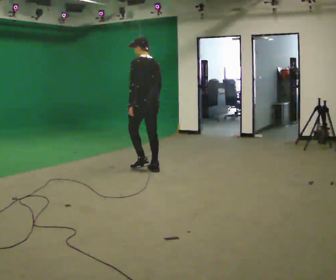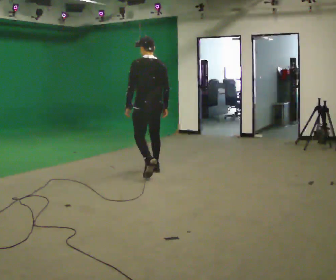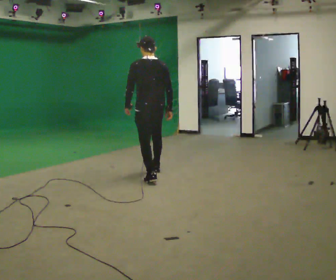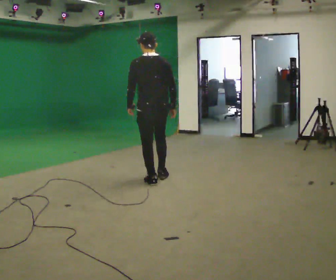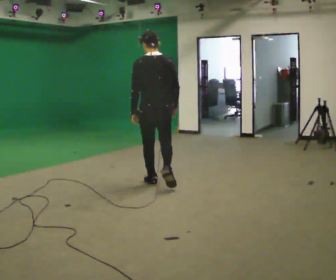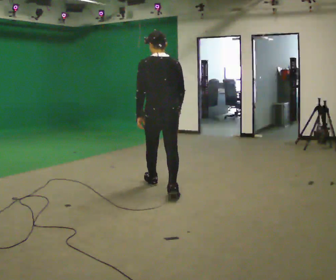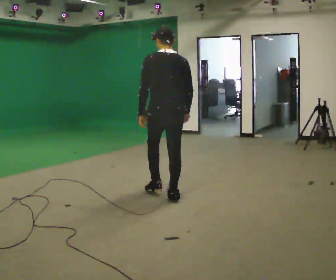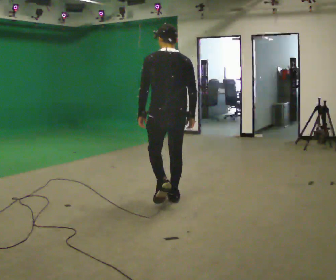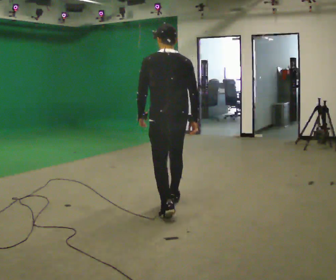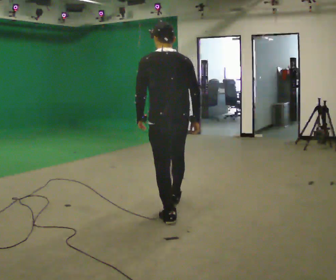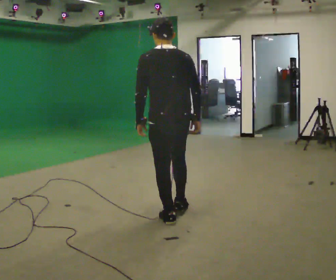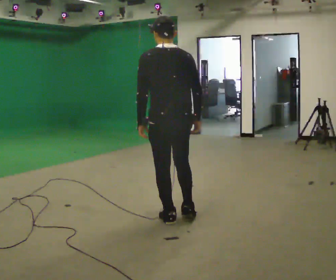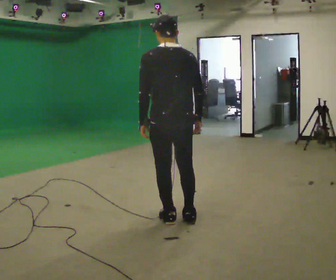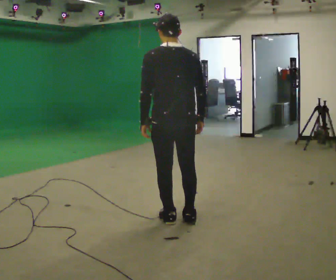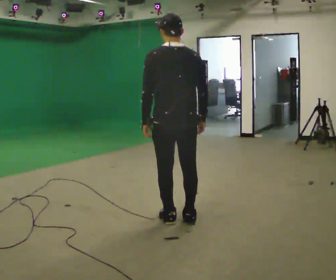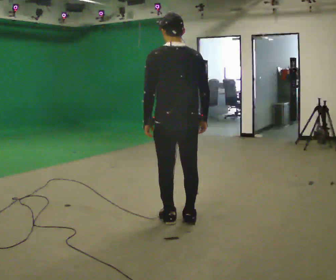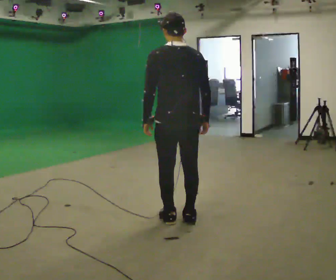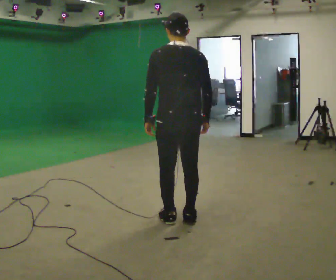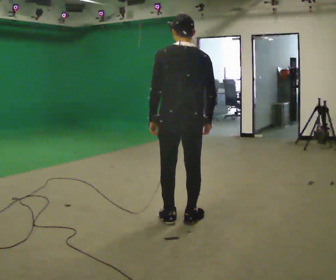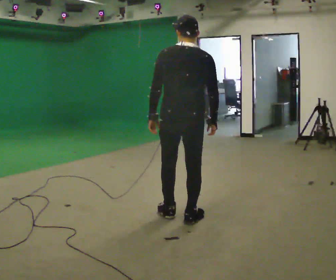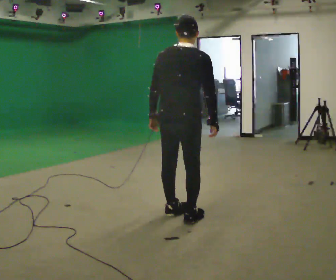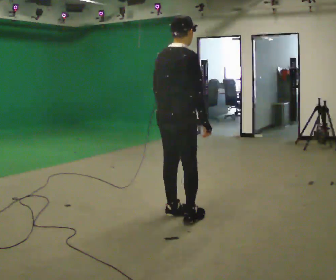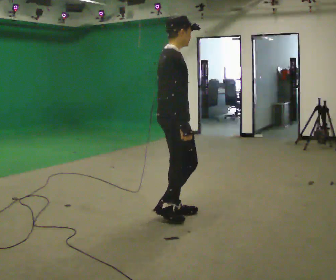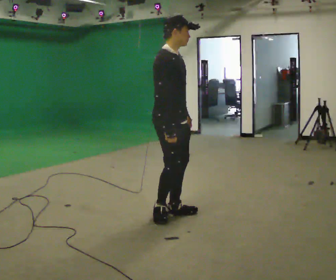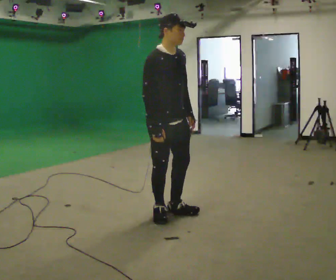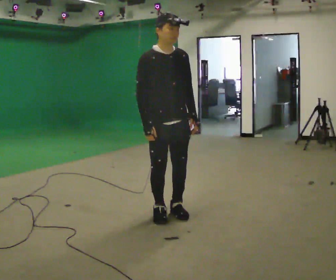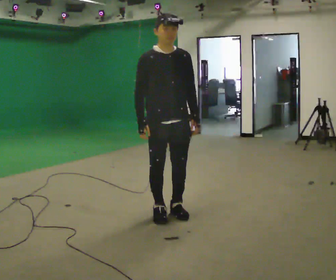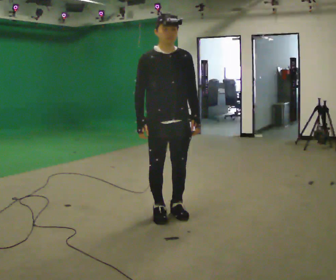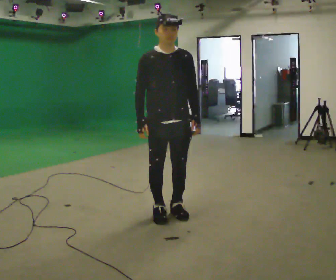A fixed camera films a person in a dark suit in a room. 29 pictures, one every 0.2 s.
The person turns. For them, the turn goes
to their right.
The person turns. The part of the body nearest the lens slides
to the left.
0.0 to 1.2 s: The part of the body nearest the lens slides to the left as the person turns to their right by about 30 degrees. In the picture they go toward the camera, about 1 m in 2 steps, which for them is backward.
1.2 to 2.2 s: In the picture they go toward the camera, about 0.75 m in 1 step, which for them is backward.
2.2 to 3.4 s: The person moves a little, or ends about where they began.
3.4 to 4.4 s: The person turns about 90 degrees to their right, clockwise seen from above, so the part of the body nearest the lens slides to the left.
4.4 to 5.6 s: The person turns about 90 degrees to their right, clockwise seen from above, so the part of the body nearest the lens slides to the left.
The film runs backward here.
